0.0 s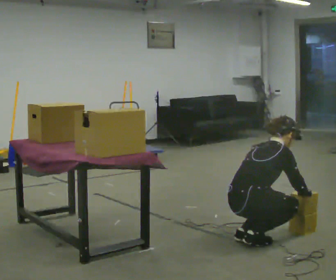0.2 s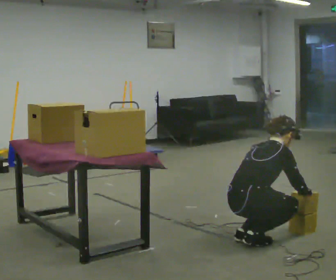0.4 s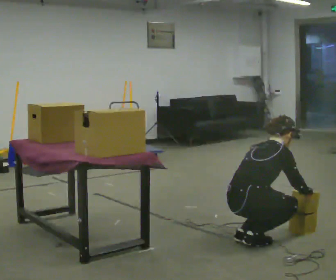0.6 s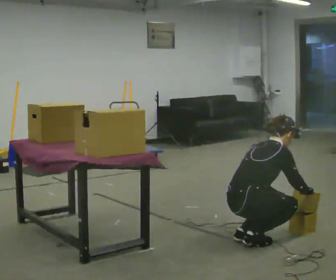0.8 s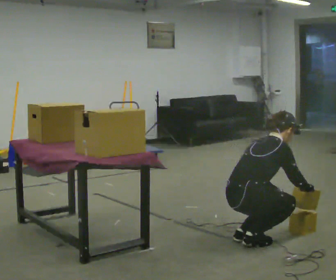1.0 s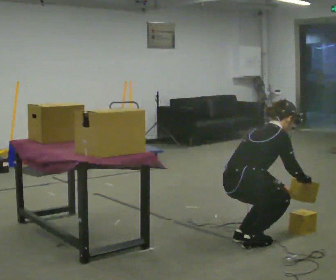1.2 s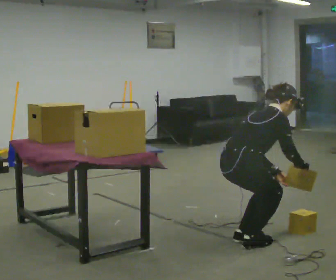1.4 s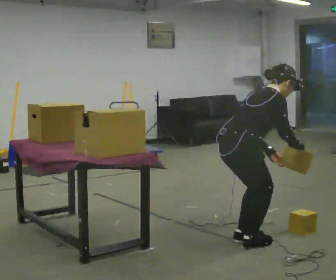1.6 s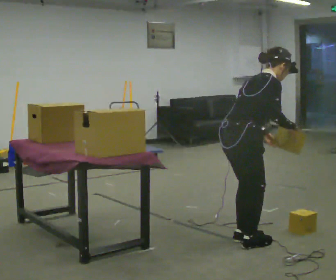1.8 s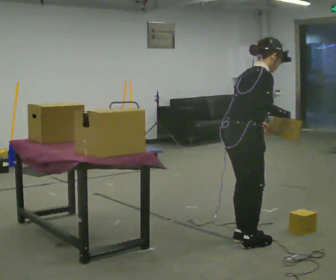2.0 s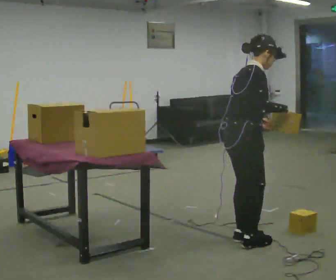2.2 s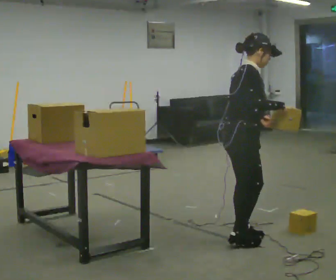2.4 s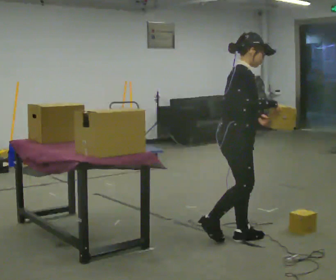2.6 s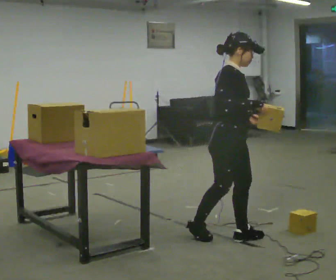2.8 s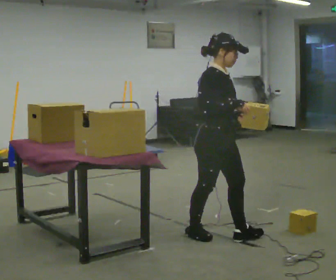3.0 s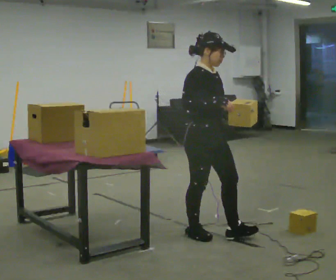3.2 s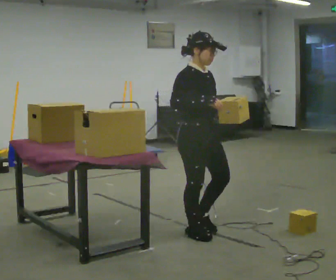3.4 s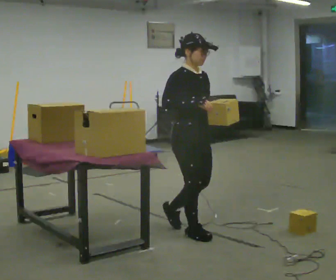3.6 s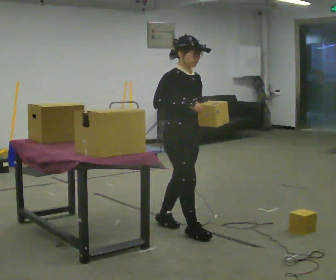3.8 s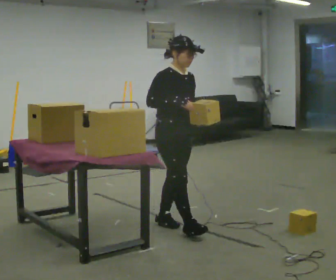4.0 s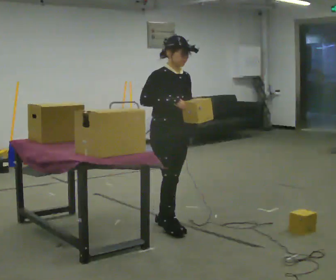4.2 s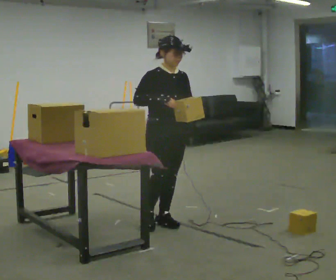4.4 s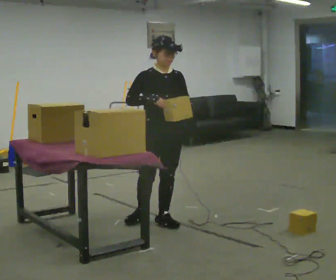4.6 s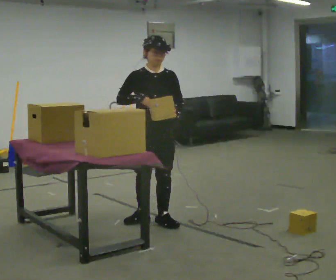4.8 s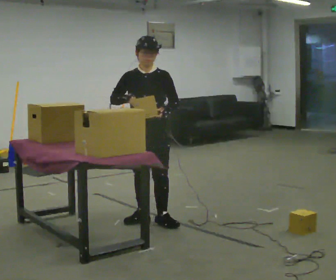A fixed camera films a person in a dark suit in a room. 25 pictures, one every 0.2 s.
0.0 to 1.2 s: The upper body goes upward.
1.2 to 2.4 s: The person turns about 30 degrees to their right, clockwise seen from above, so the part of the body nearest the lens slides to the left. In the picture they go away from the camera, about 0.25 m in 1 step, which for them is to their left. The upper body goes upward. In the picture the upper body tilts counterclockwise, shoulders to the left, as they lean back or straighten. In the picture their right hand goes upward.
2.4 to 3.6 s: Seen from above the body turns clockwise, about 30 degrees: to their right, with its near side sliding to the left. In the picture they go to the left and away from the camera, about 0.5 m in 1 step, which for them is backward.
3.6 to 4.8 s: The part of the body nearest the lens slides to the left as the person turns to their right by about 60 degrees. In the picture they go to the left and away from the camera, about 0.25 m in 1 step, which for them is backward.
The film runs backward here.
